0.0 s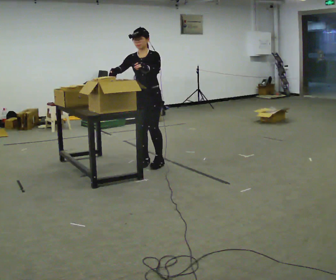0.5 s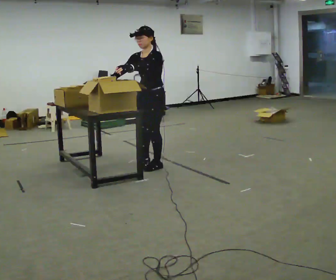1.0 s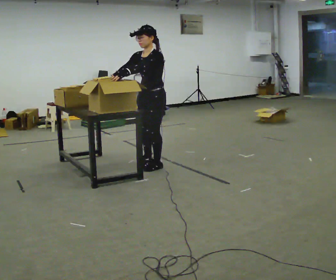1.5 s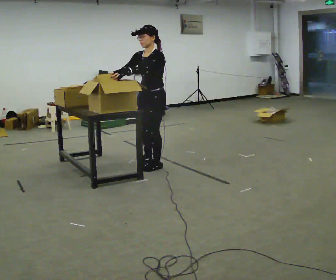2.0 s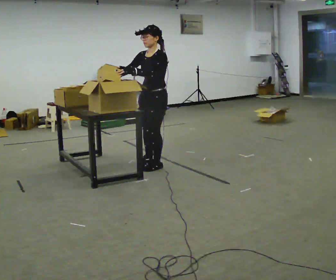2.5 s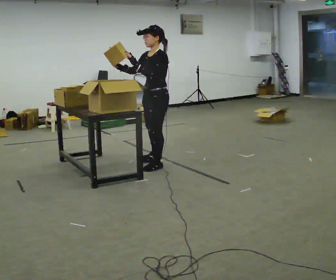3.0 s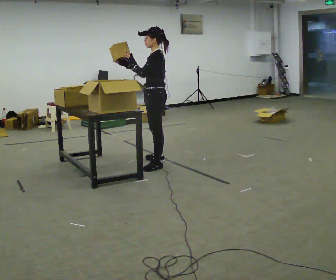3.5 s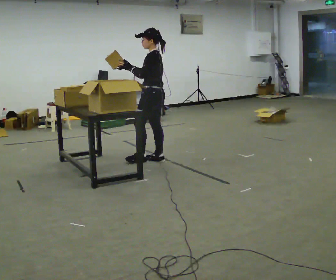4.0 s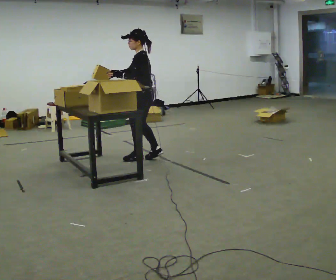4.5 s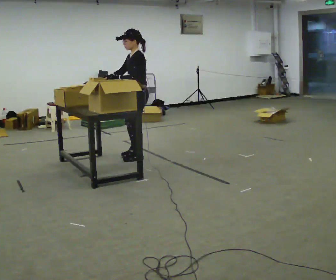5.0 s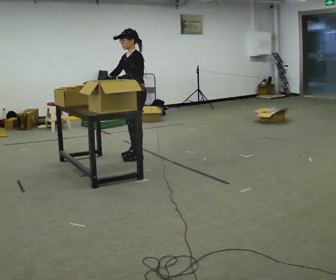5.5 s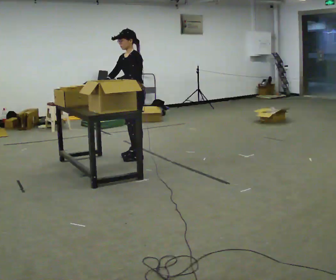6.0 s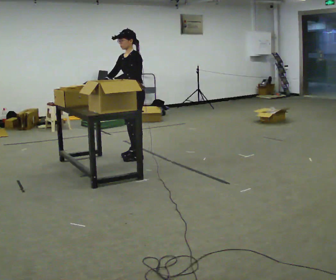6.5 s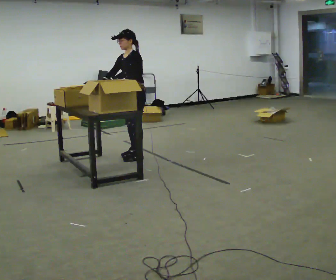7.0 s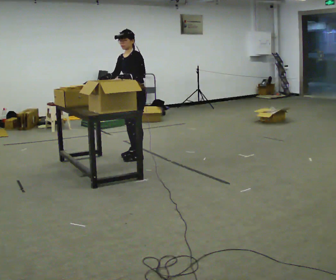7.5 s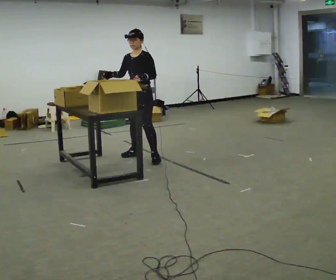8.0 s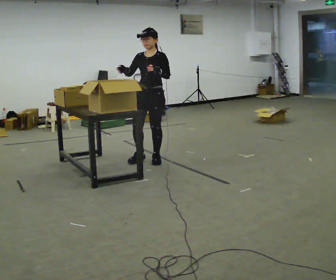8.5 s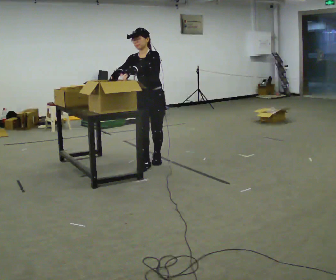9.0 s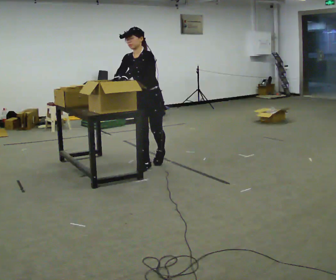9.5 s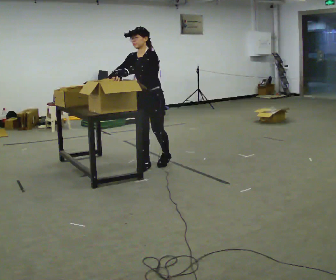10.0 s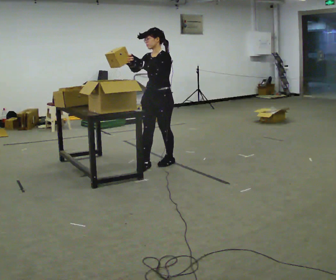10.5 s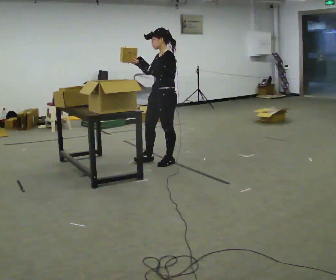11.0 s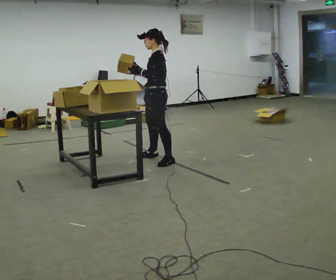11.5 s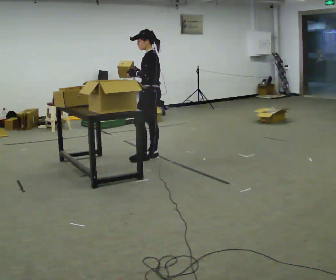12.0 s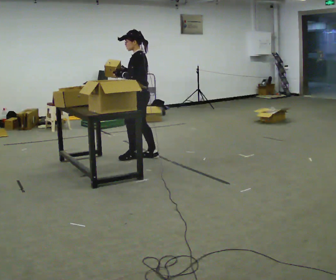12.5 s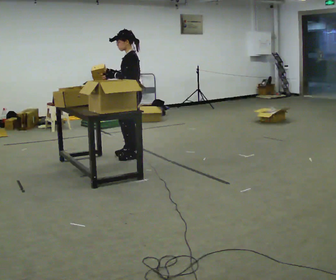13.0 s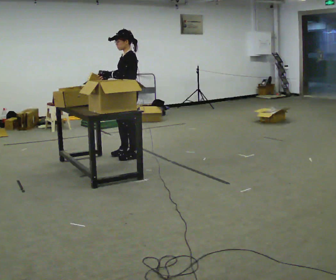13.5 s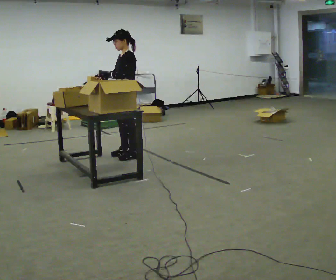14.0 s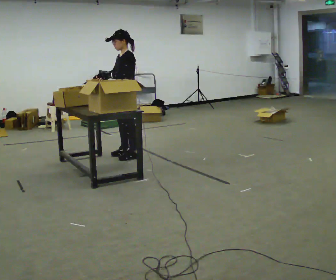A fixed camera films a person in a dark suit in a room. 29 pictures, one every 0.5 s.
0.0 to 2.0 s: The person turns about 45 degrees to their right, clockwise seen from above, so the part of the body nearest the lens slides to the left. In the picture they go toward the camera, about 0.25 m in 1 step, which for them is to their left.
2.0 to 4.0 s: The part of the body nearest the lens slides to the left as the person turns to their right by about 60 degrees. In the picture they go away from the camera, about 0.25 m in 1 step.
4.0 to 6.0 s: Seen from above the body turns counterclockwise, about 45 degrees: to their left, with its near side sliding to the right.
6.0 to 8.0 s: Seen from above the body turns counterclockwise, about 45 degrees: to their left, with its near side sliding to the right. In the picture they go toward the camera and to the right, about 0.25 m in 1 step, which for them is to their left.
8.0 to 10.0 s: In the picture they go toward the camera, about 0.25 m in 2 steps, which for them is to their left.
10.0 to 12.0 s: The person turns about 60 degrees to their right, clockwise seen from above, so the part of the body nearest the lens slides to the left. In the picture they go away from the camera and to the left, about 0.5 m in 2 steps.
12.0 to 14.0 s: The part of the body nearest the lens slides to the right as the person turns to their left by about 30 degrees. In the picture they go to the left, about 0.25 m in 1 step, which for them is to their right and forward. In the picture their right hand goes to the left.
The film runs forward here.
